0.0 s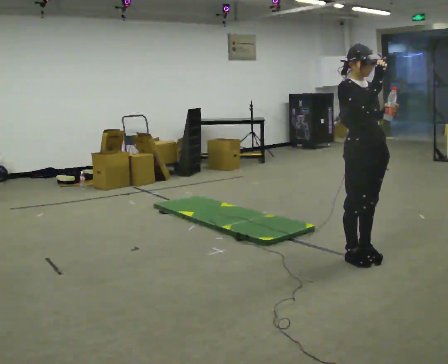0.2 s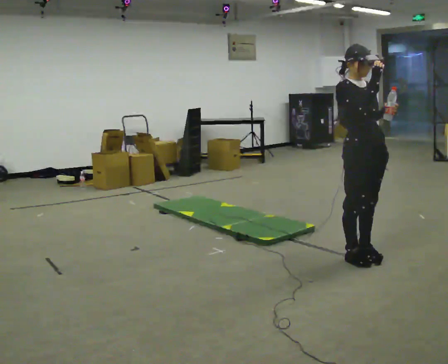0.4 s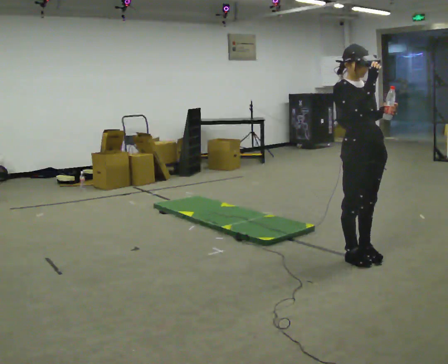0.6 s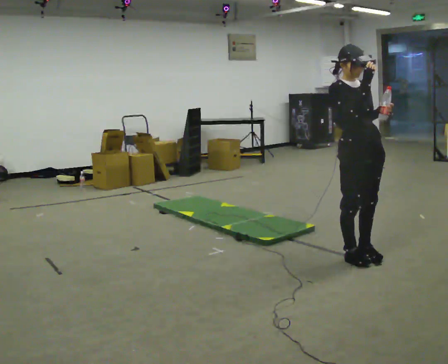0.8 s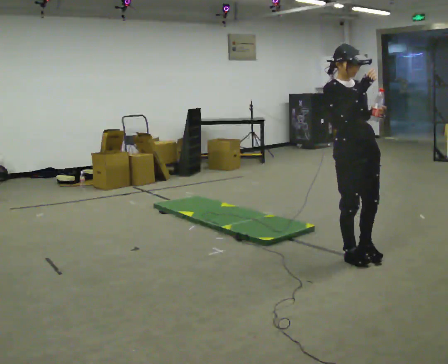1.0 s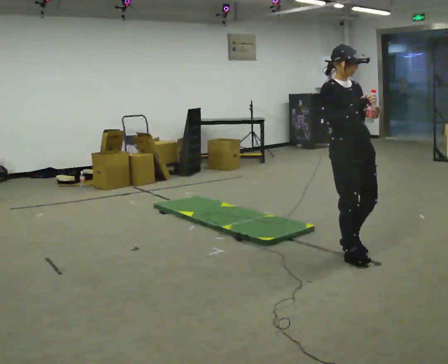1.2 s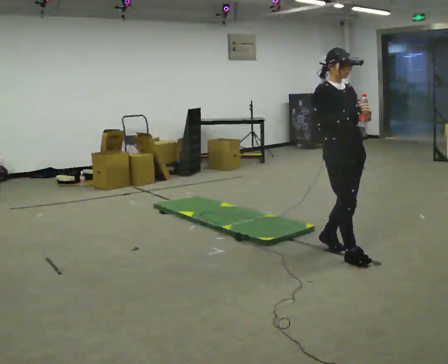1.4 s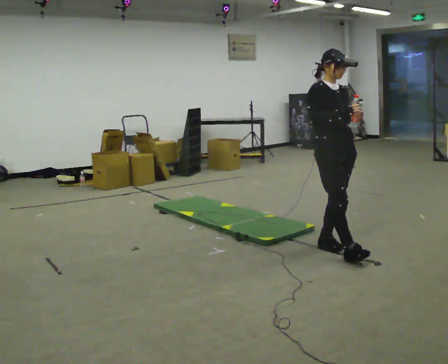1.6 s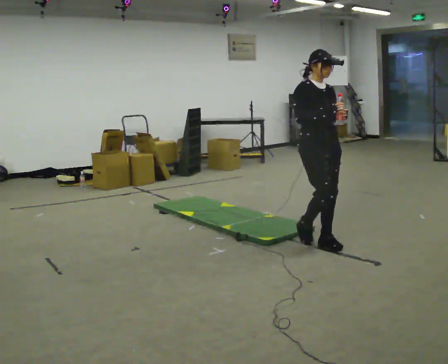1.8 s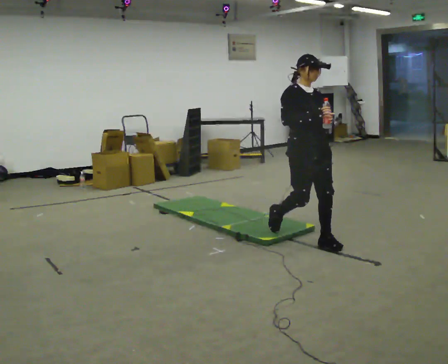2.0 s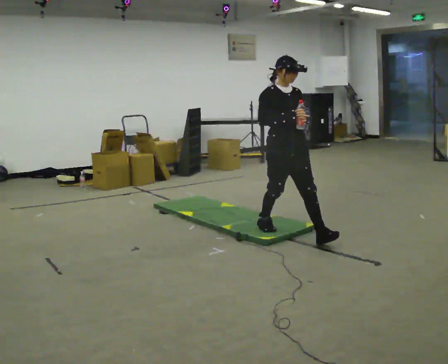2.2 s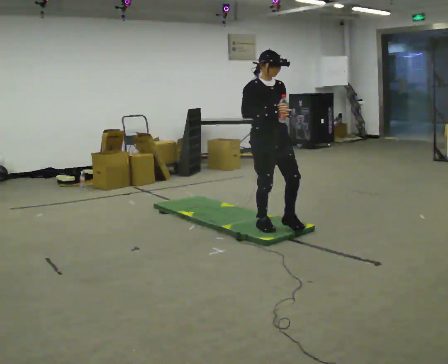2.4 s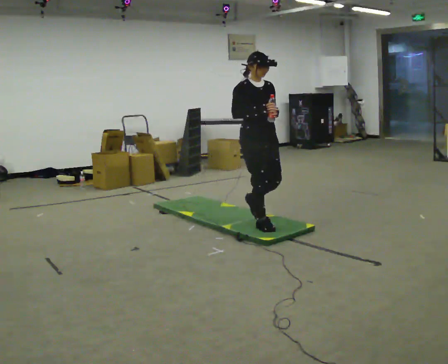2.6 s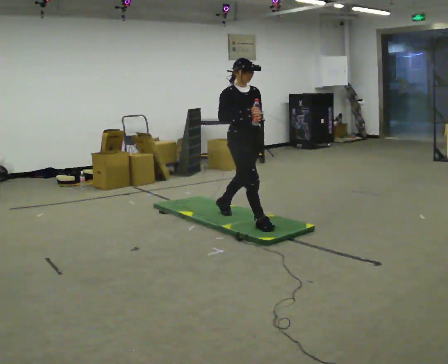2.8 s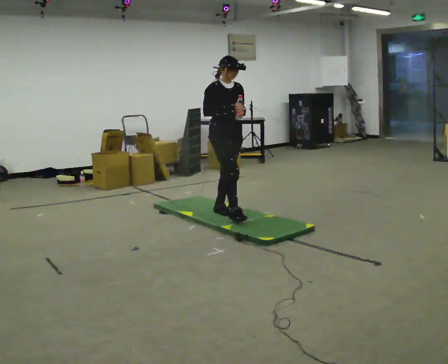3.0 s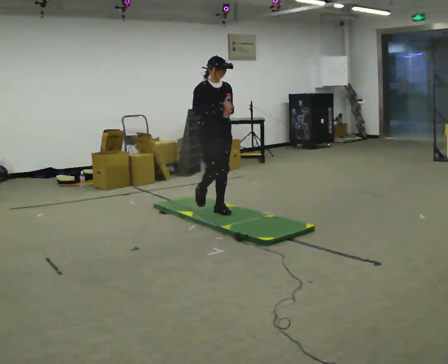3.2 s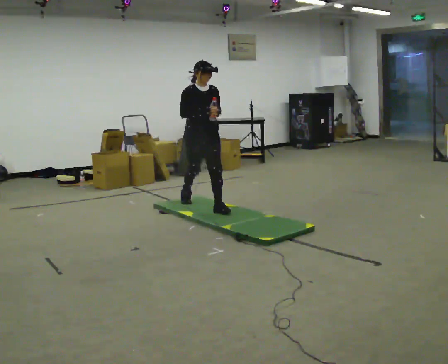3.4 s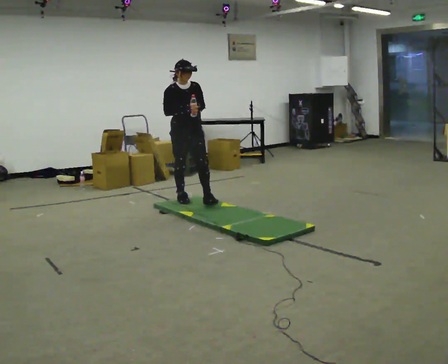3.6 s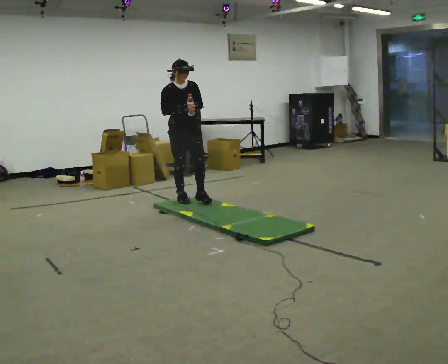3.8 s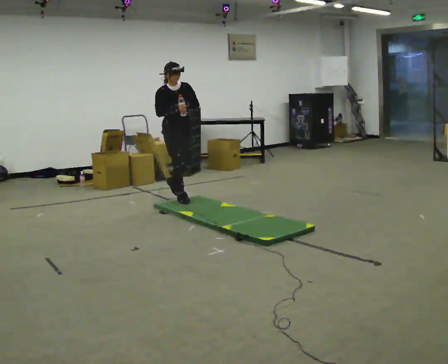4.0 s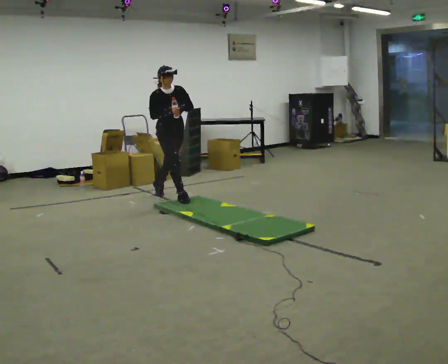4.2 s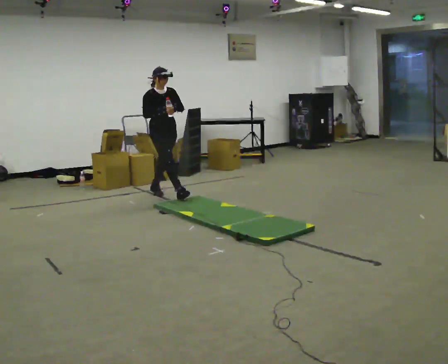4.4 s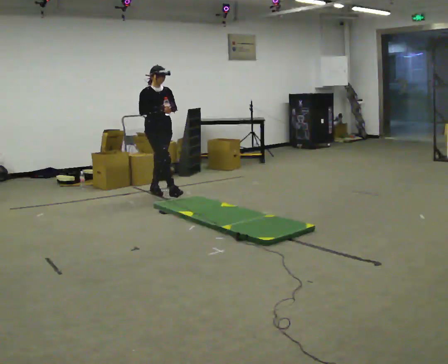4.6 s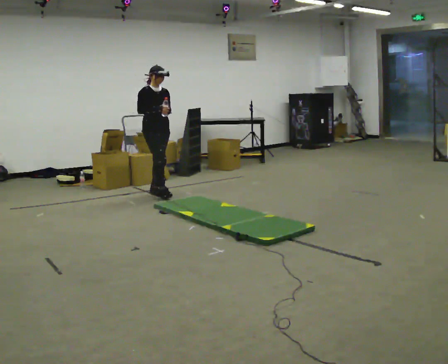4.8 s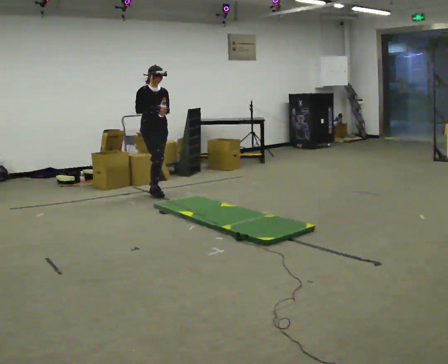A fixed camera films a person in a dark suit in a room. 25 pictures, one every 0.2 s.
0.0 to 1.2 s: The person moves a little, or ends about where they began.
1.2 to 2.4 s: In the picture they go away from the camera and to the left, about 1 m in 2 steps, which for them is backward.
2.4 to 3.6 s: In the picture they go away from the camera and to the left, about 1 m in 2 steps, which for them is backward.
3.6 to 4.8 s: In the picture they go away from the camera and to the left, about 0.75 m in 1 step, which for them is backward.
The film runs backward here.
